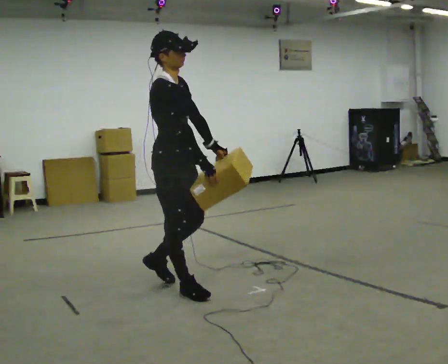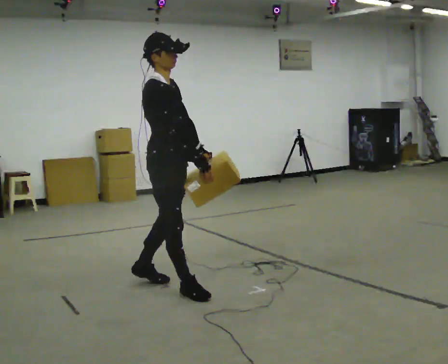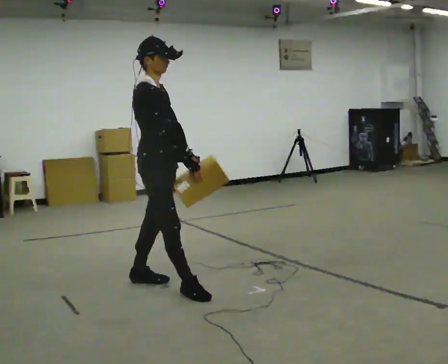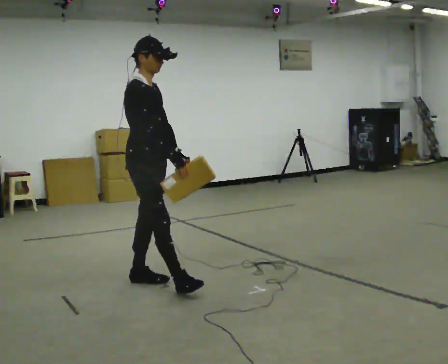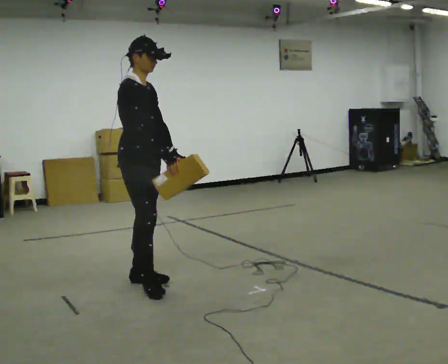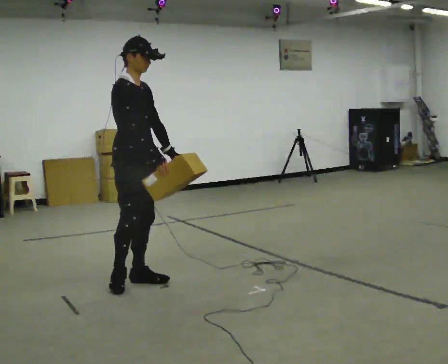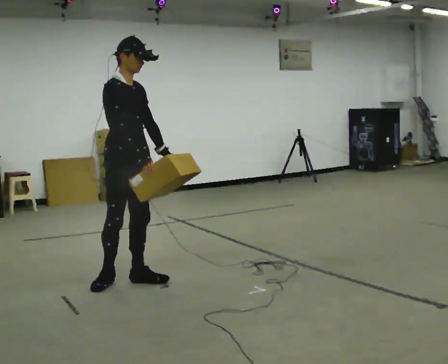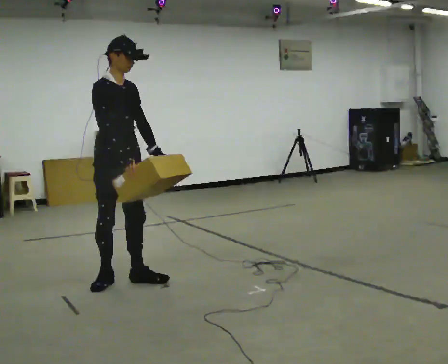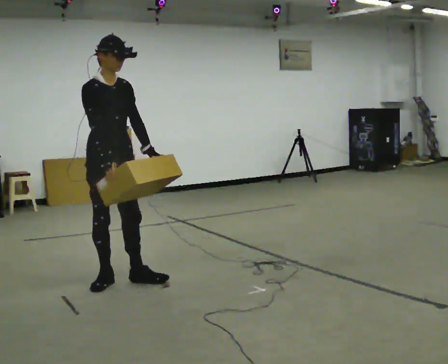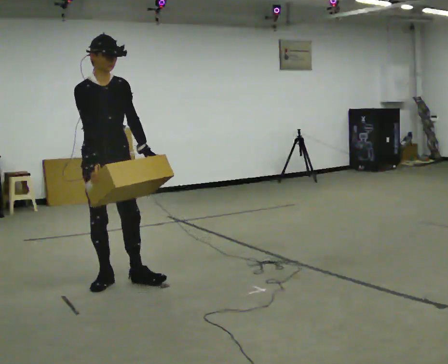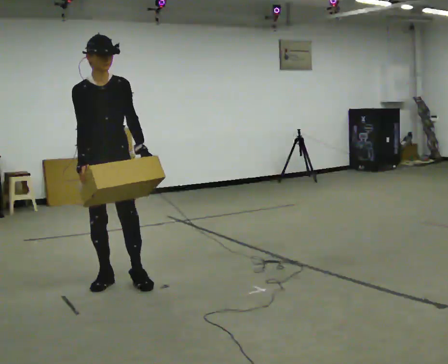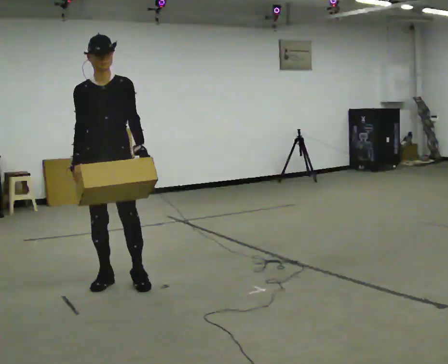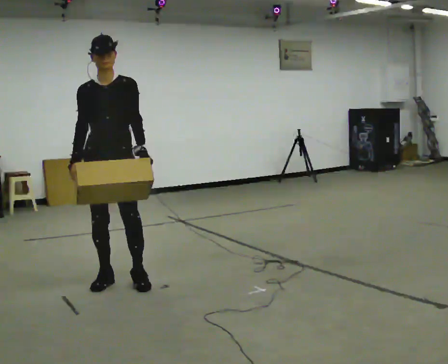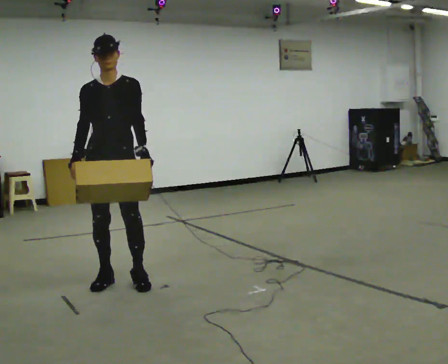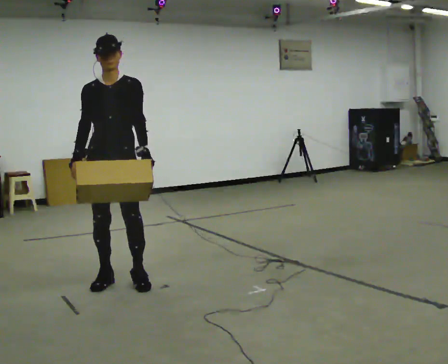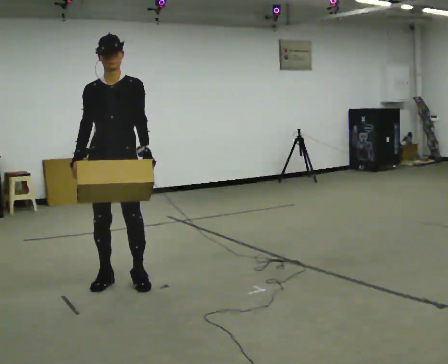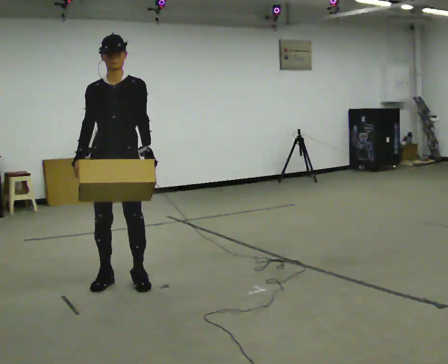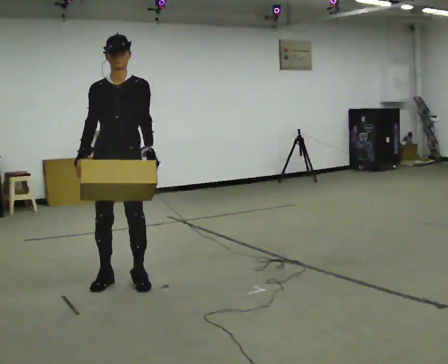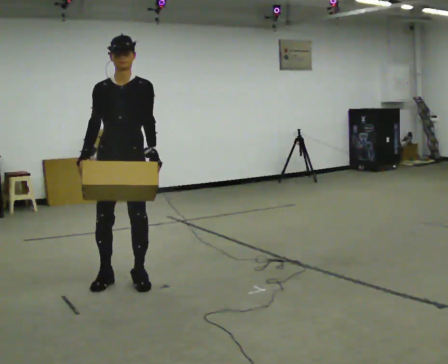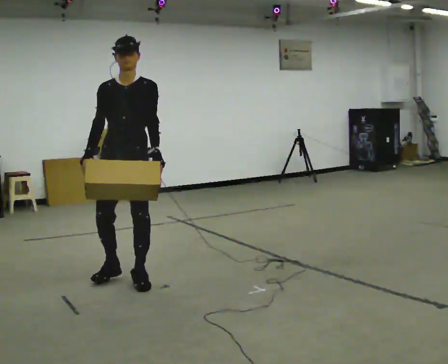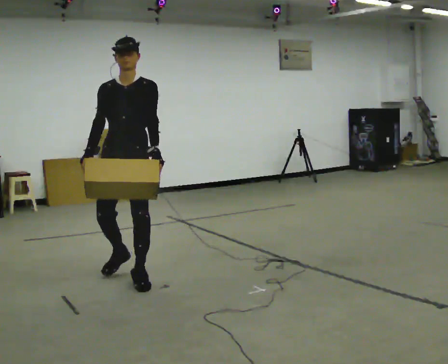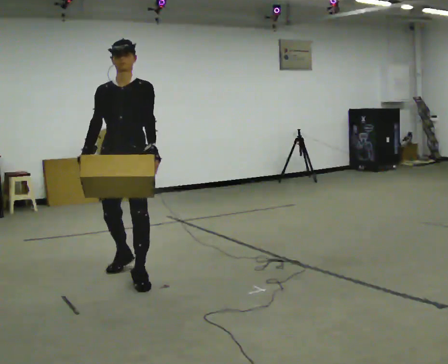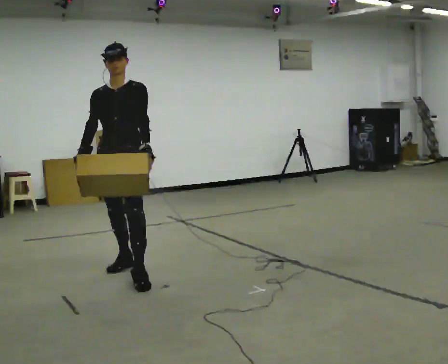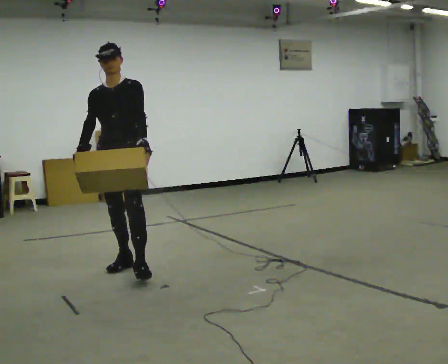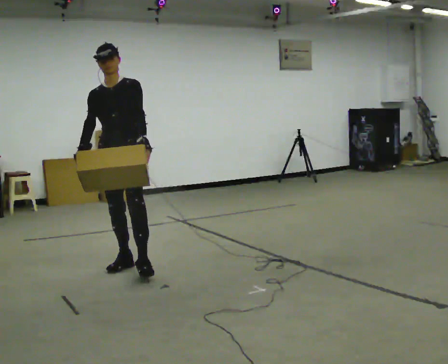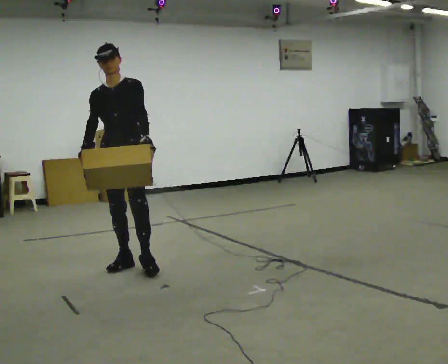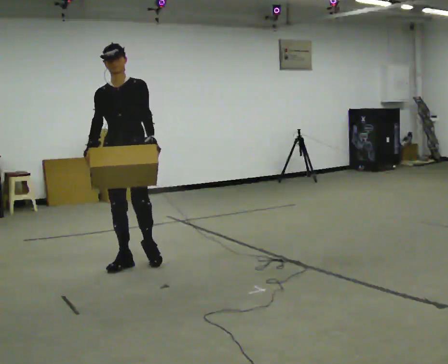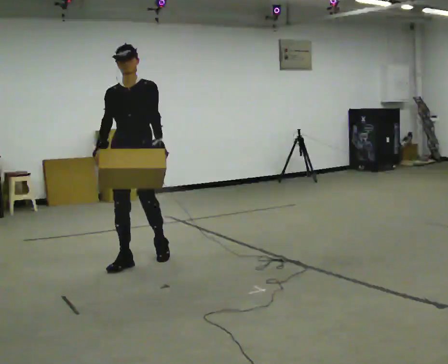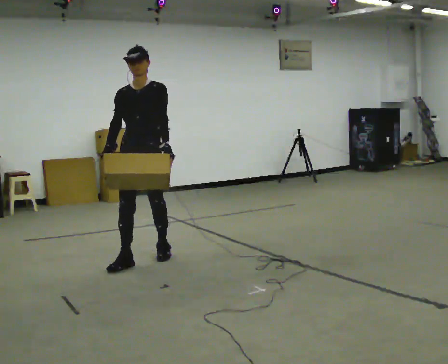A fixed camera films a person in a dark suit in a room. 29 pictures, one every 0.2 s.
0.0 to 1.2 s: In the picture they go to the left and away from the camera, about 0.5 m in 1 step, which for them is backward.
1.2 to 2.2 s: Seen from above the body turns clockwise, about 45 degrees: to their right, with its near side sliding to the left. In the picture their right hand goes to the left.
2.2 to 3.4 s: The person moves a little, or ends about where they began.
3.4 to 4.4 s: In the picture they go away from the camera, about 0.25 m in 1 step, which for them is backward.
4.4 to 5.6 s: In the picture they go away from the camera and to the right, about 0.5 m in 1 step, which for them is backward.
The film runs backward here.
